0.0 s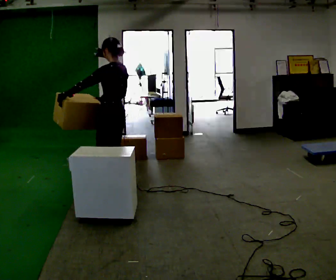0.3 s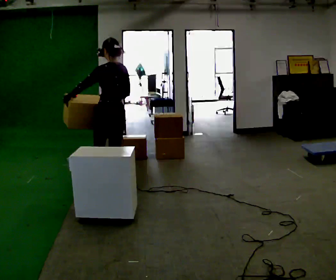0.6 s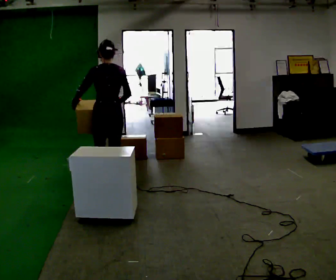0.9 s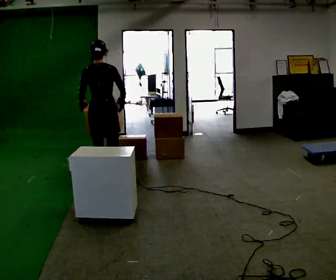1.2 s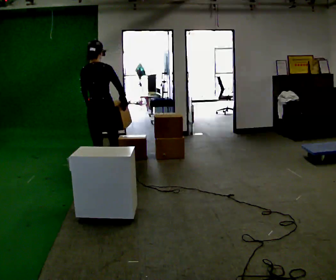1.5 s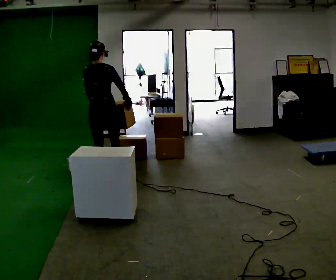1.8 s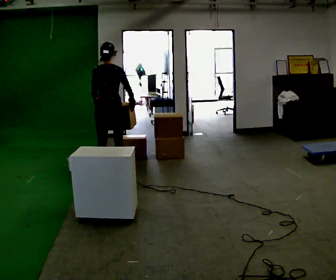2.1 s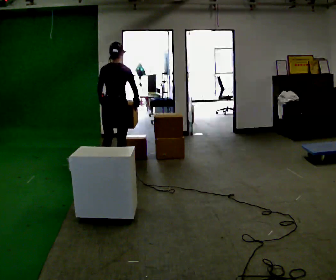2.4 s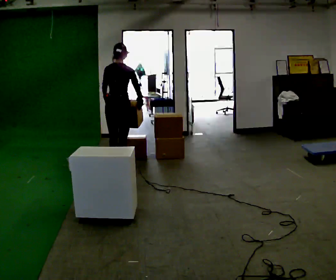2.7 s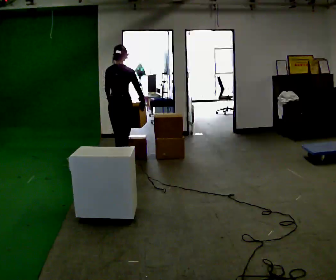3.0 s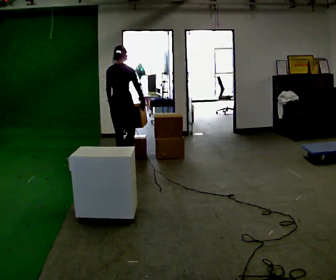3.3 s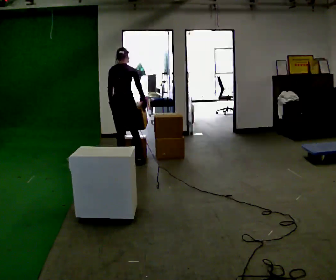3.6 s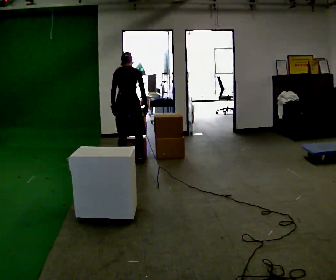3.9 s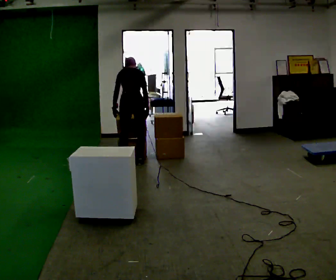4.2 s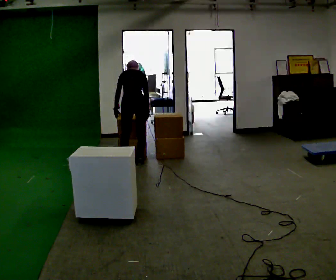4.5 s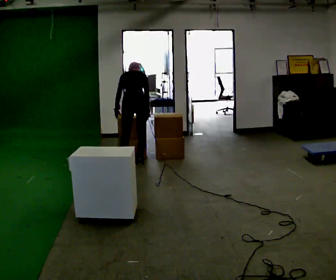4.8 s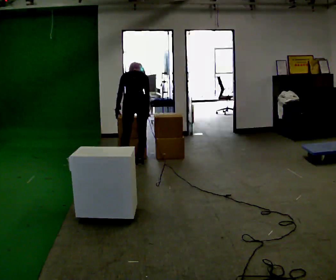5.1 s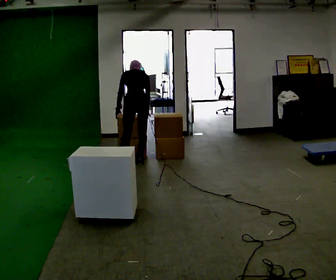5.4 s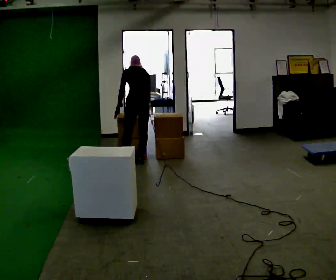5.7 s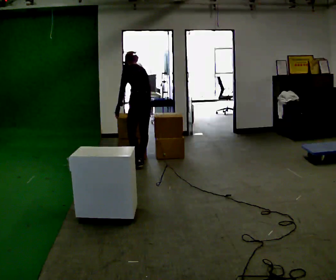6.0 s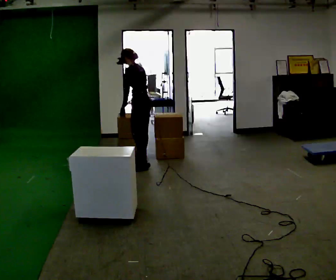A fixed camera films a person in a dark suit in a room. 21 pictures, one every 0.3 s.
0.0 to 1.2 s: The part of the body nearest the lens slides to the left as the person turns to their right by about 75 degrees. In the picture they go away from the camera, about 0.5 m in 1 step.
1.2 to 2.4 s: In the picture they go away from the camera and to the right, about 0.5 m in 1 step, which for them is forward.
2.4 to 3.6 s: In the picture they go away from the camera, about 0.25 m in 2 steps, which for them is forward. The upper body tips away from the camera, its near side rolling upward, as they bend forward.
3.6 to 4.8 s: The upper body tips away from the camera, its near side rolling upward, as they bend forward.
4.8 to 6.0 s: Seen from above the body turns counterclockwise, about 60 degrees: to their left, with its near side sliding to the right. The upper body tips toward the camera, its near side rolling downward, as they lean back or straighten.
The film runs forward here.
